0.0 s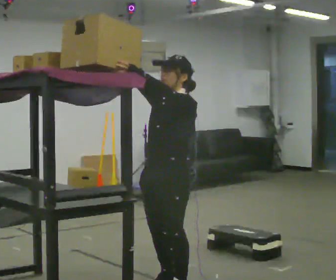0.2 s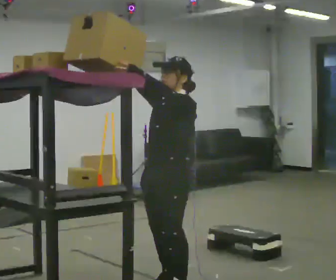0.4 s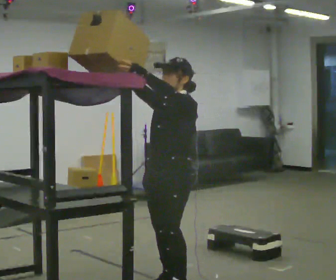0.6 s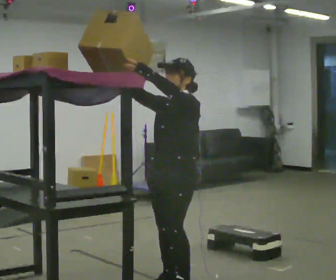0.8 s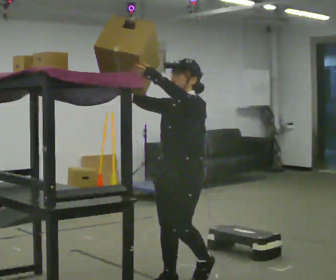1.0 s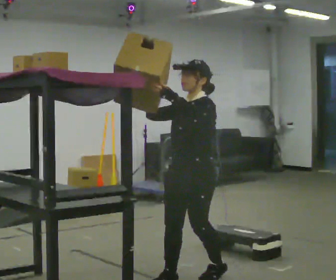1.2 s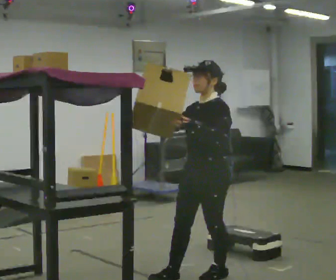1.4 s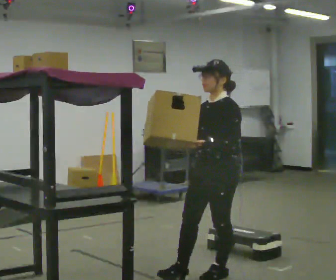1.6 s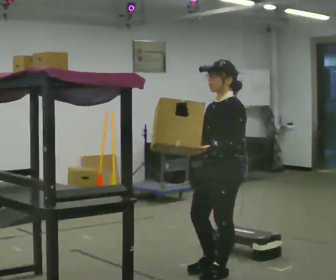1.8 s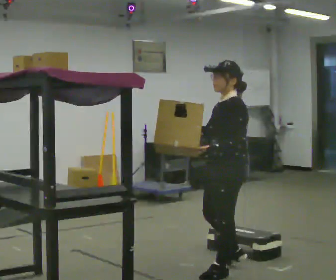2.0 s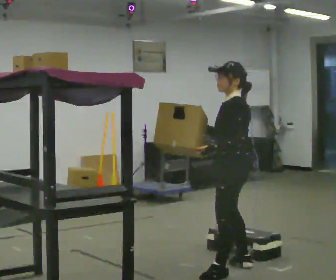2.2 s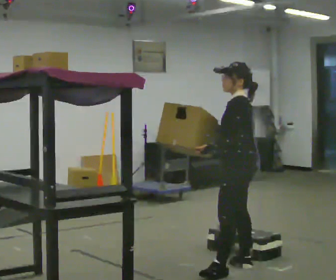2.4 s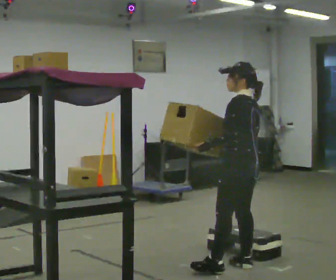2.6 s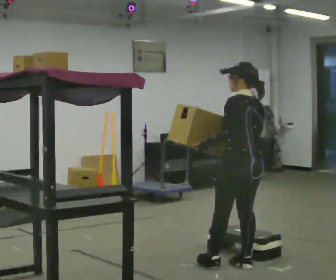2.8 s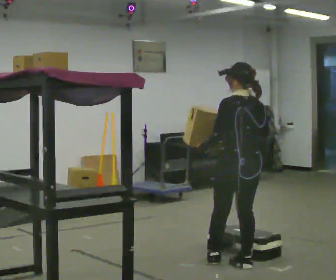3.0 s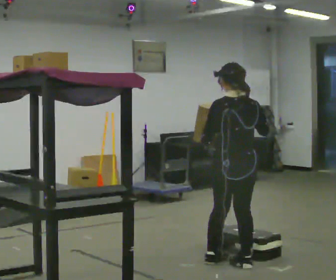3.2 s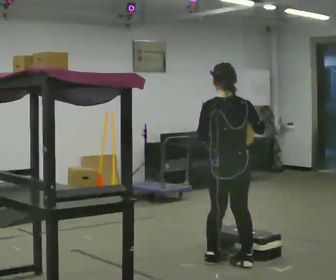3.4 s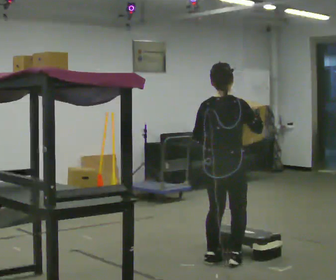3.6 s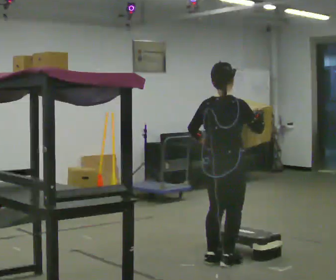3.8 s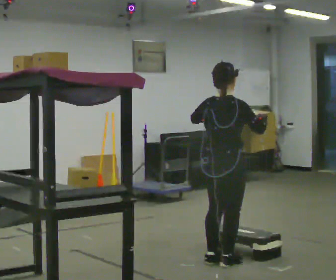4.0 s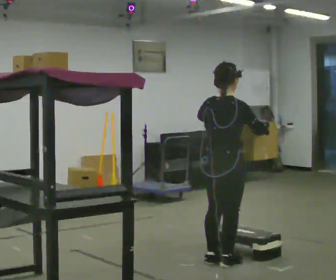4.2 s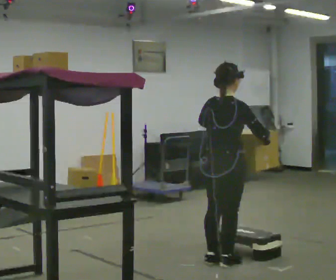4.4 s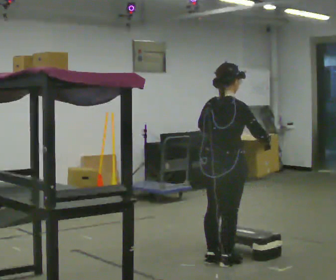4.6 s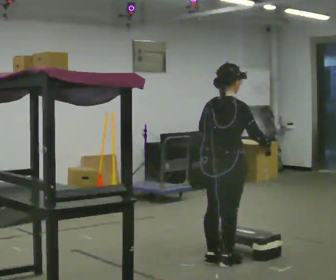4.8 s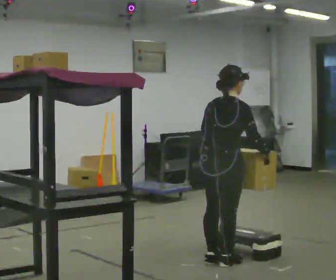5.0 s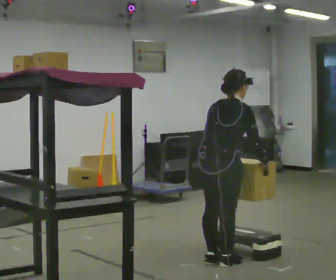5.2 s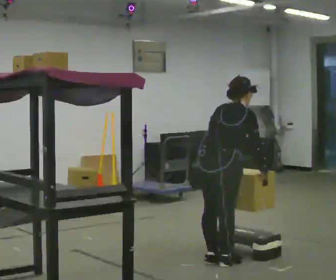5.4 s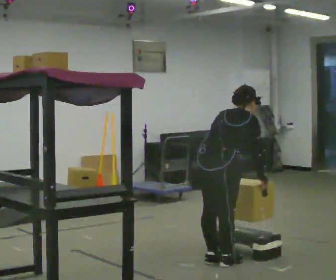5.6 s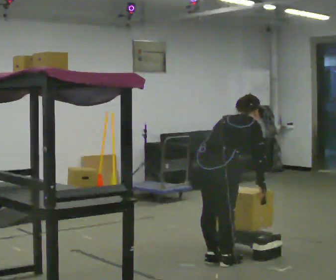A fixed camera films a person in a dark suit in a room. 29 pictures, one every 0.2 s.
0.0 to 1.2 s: In the picture they go to the right and away from the camera, about 0.5 m in 1 step, which for them is backward. In the picture their right hand goes downward, the arm swinging counterclockwise.
1.2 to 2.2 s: Seen from above the body turns clockwise, about 45 degrees: to their right, with its near side sliding to the left. In the picture they go to the right and away from the camera, about 0.5 m in 1 step, which for them is backward and to their right.
2.2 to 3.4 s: The part of the body nearest the lens slides to the left as the person turns to their right by about 105 degrees. In the picture they go away from the camera, about 0.25 m in 2 steps. In the picture their right hand goes to the right.
3.4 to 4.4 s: The person moves a little, or ends about where they began.
4.4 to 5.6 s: The upper body tips away from the camera, its near side rolling upward, as they bend forward. In the picture their left hand goes downward.
The film runs backward here.
